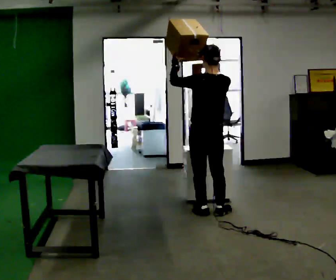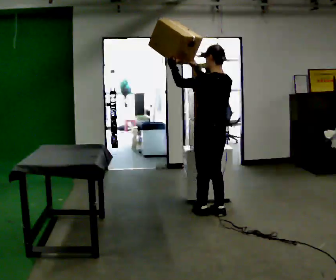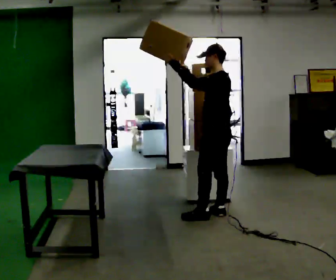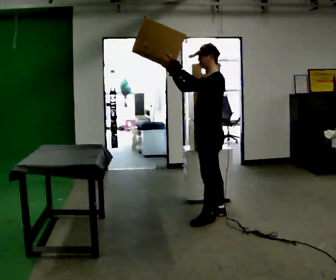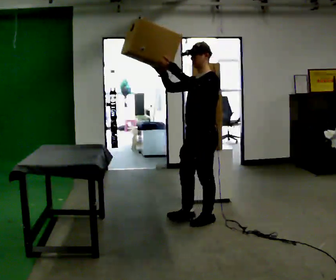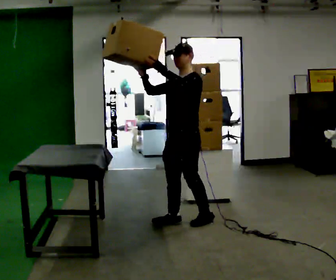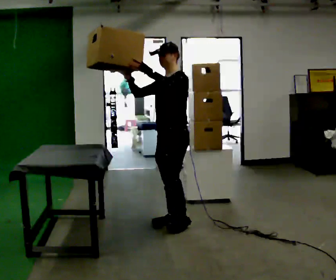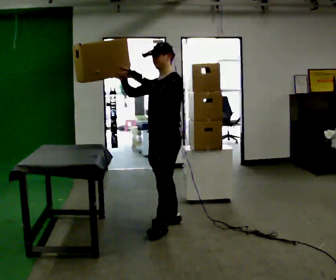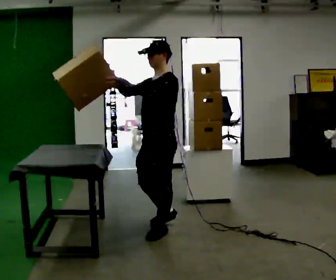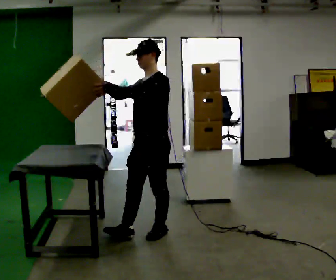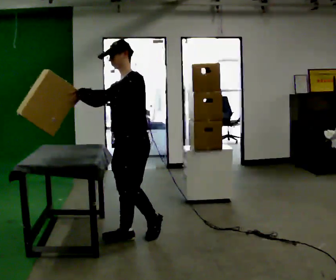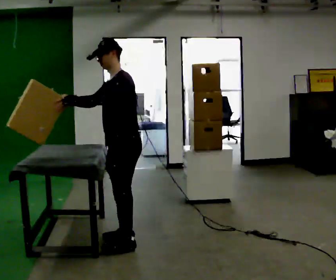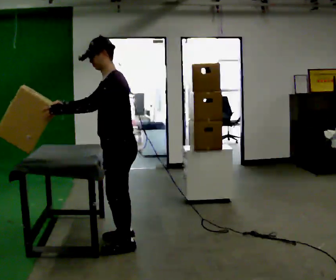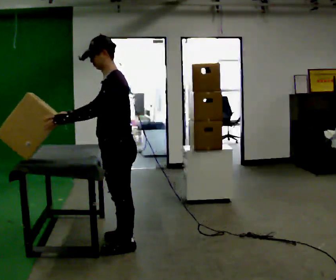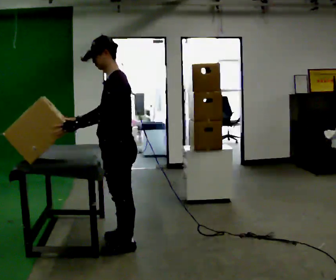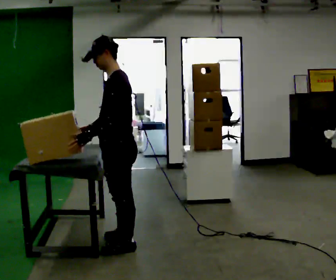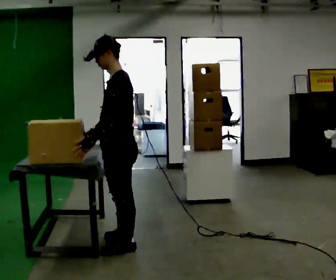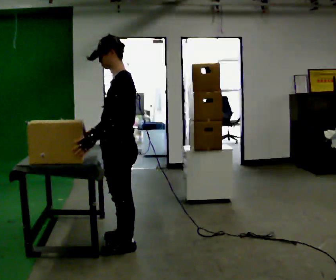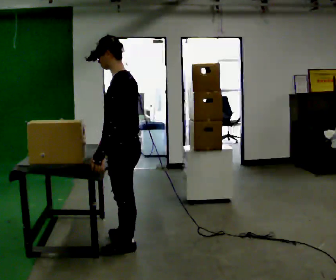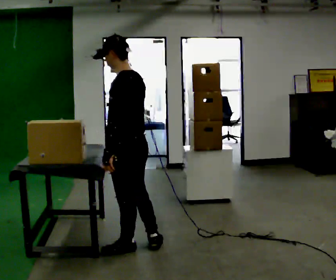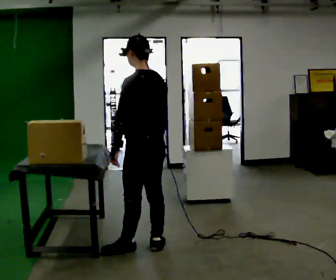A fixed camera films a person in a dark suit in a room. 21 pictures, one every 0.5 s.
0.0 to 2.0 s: The person turns about 90 degrees to their left, counterclockwise seen from above, so the part of the body nearest the lens slides to the right. In the picture they go toward the camera, about 0.25 m in 1 step.
2.0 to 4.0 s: In the picture they go to the left and toward the camera, about 0.5 m in 2 steps, which for them is forward.
4.0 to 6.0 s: In the picture they go to the left and toward the camera, about 0.5 m in 2 steps, which for them is forward.
6.0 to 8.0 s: The person moves a little, or ends about where they began.
8.0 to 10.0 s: The person turns about 45 degrees to their right, clockwise seen from above, so the part of the body nearest the lens slides to the left. In the picture they go to the right, about 0.25 m in 1 step, which for them is backward. In the picture their right hand goes to the right.
The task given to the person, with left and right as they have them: Reach up into the bin on the top shelf, take out one object at a time, and carry it to the table. Keep going until the operator says stop; one object at a time, and do not rush between trips.
The film runs forward here.
